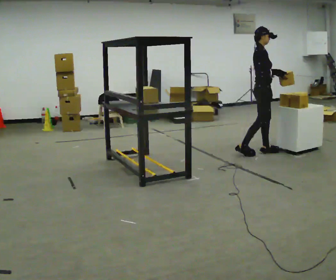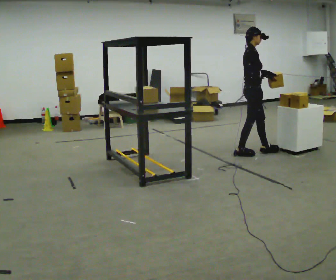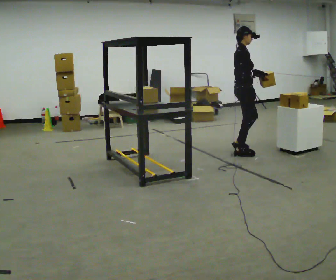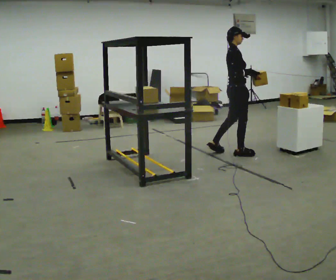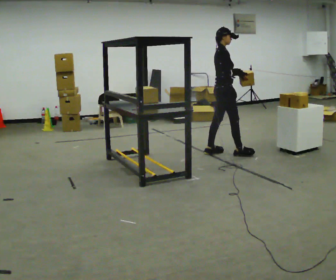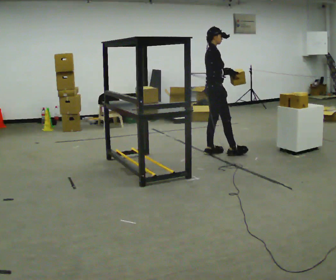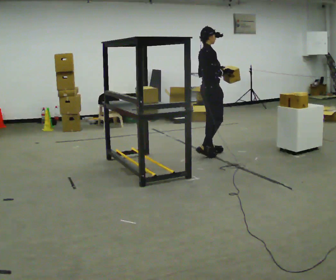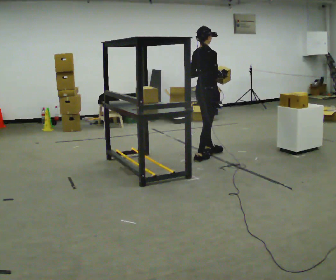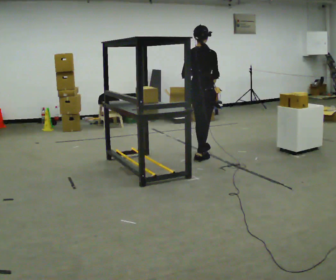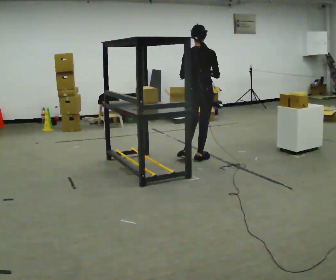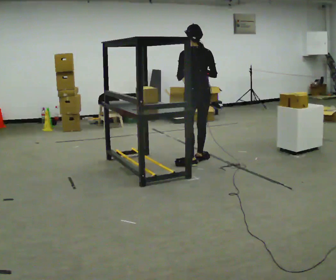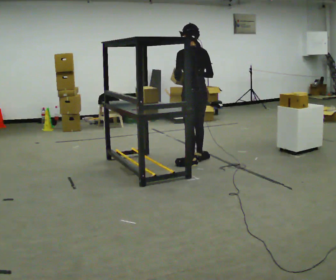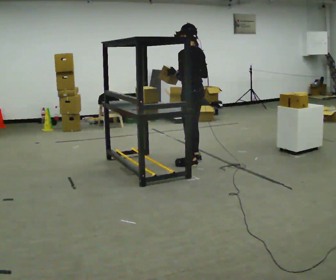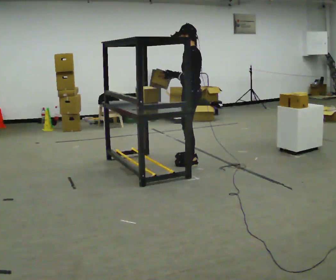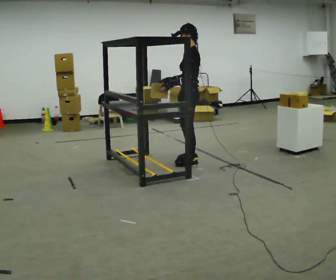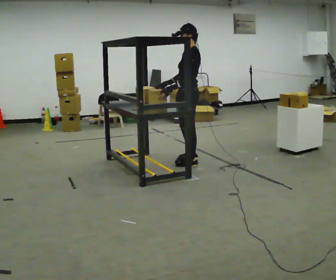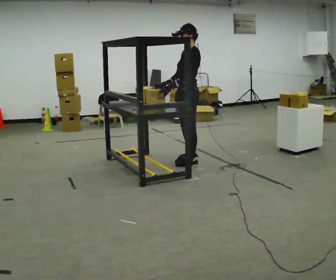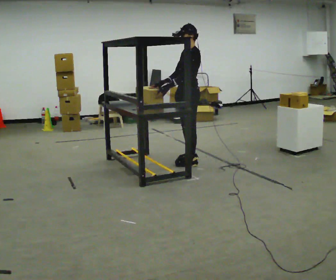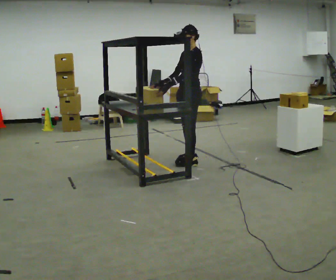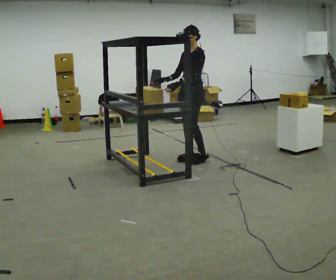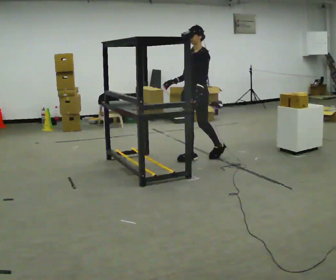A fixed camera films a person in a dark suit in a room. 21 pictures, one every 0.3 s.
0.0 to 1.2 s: In the picture they go to the left, about 0.5 m in 1 step, which for them is backward.
1.2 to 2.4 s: The part of the body nearest the lens slides to the right as the person turns to their left by about 60 degrees. In the picture they go to the left and toward the camera, about 0.5 m in 2 steps, which for them is backward and to their right.
2.4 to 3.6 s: Seen from above the body turns counterclockwise, about 75 degrees: to their left, with its near side sliding to the right. In the picture they go toward the camera, about 0.25 m.
3.6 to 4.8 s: The person turns about 60 degrees to their left, counterclockwise seen from above, so the part of the body nearest the lens slides to the right.
4.8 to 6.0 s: The part of the body nearest the lens slides to the right as the person turns to their left by about 30 degrees. In the picture they go away from the camera, about 0.25 m in 1 step, which for them is to their right and backward. In the picture their left hand goes to the right.
The film runs backward here.
